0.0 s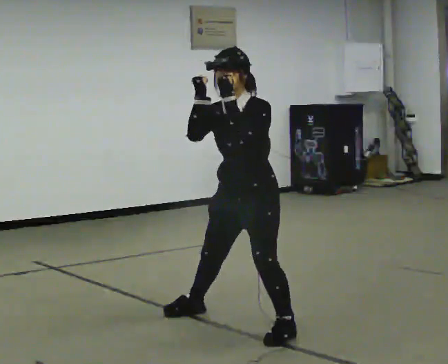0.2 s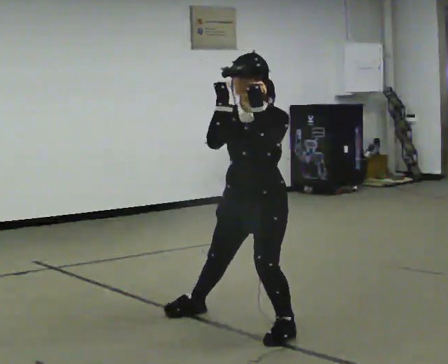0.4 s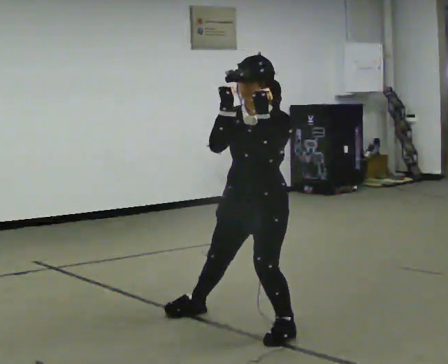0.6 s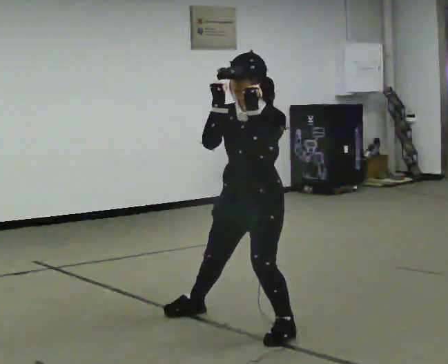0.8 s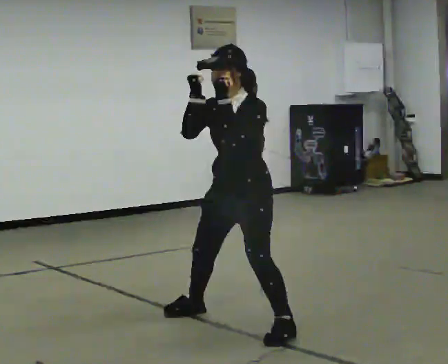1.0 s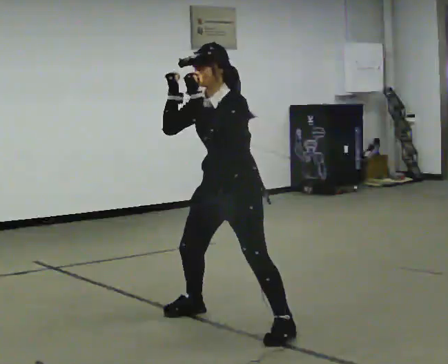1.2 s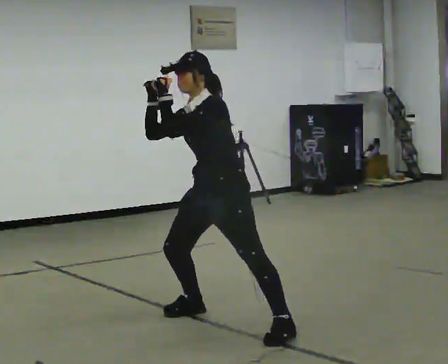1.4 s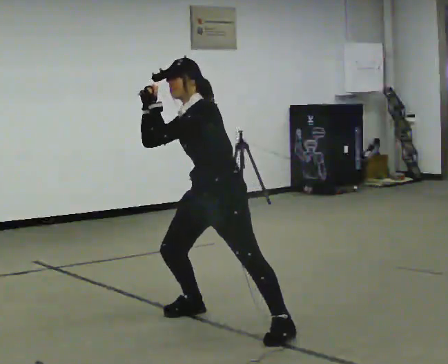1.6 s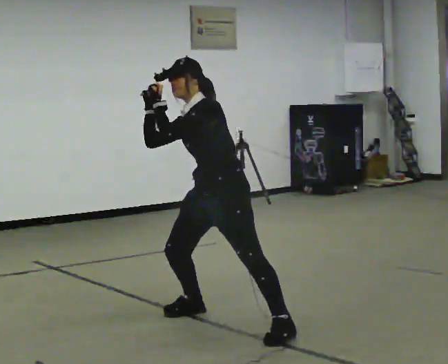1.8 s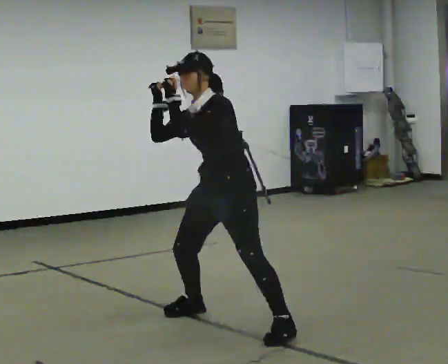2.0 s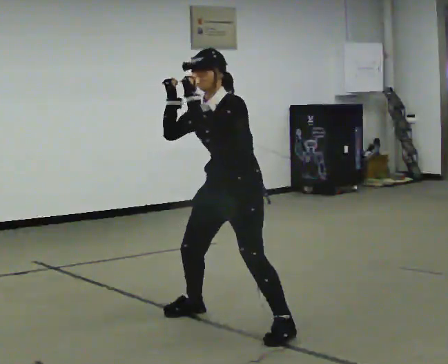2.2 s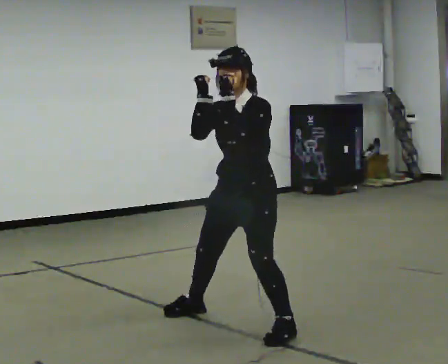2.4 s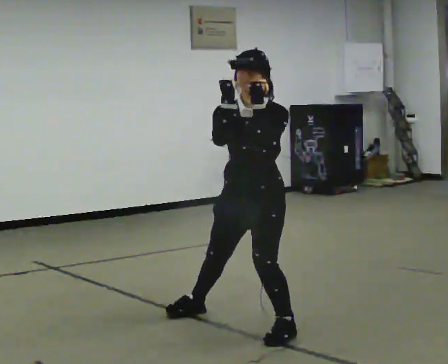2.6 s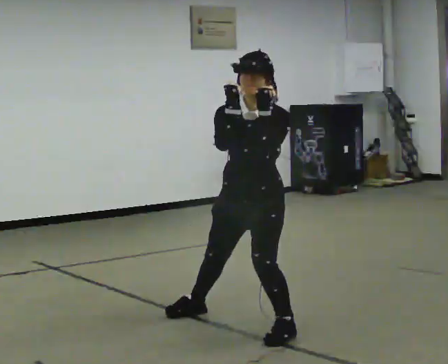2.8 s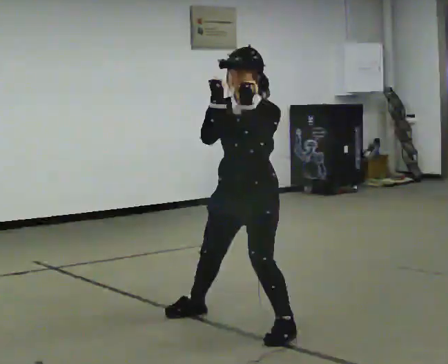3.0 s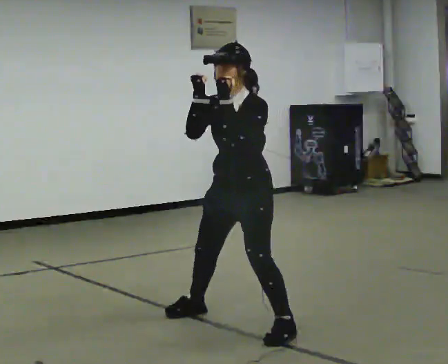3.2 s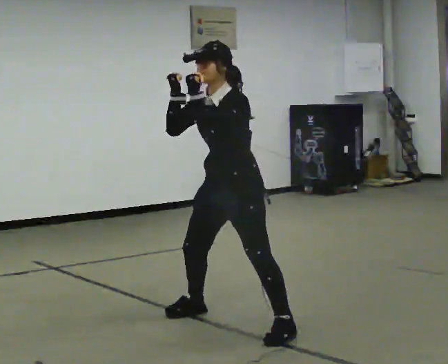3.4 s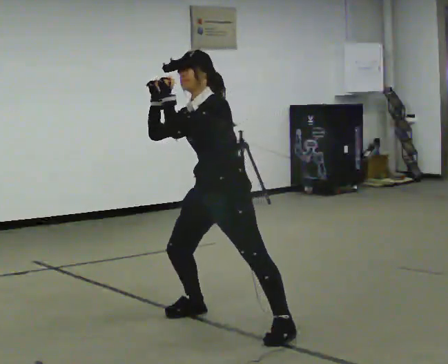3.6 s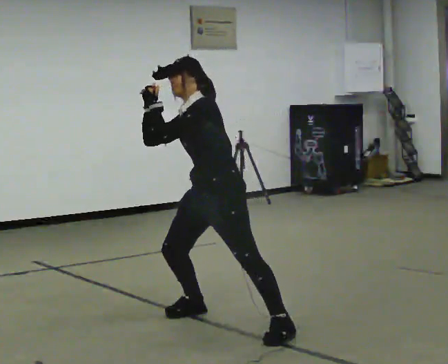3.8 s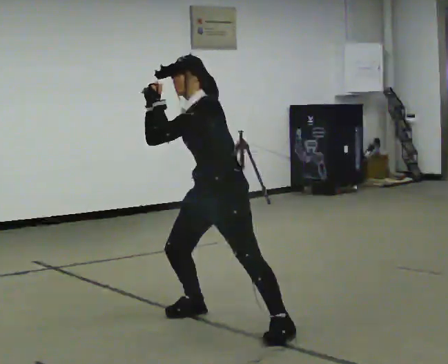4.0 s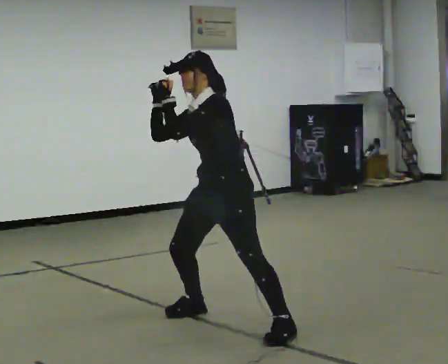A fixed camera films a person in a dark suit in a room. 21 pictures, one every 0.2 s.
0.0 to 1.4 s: In the picture they go away from the camera and to the left, about 0.25 m, which for them is to their right.
1.4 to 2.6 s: In the picture they go toward the camera and to the right, about 0.25 m, which for them is to their left. The upper body tips toward the camera, its near side rolling downward.
2.6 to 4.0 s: In the picture they go away from the camera, about 0.25 m, which for them is to their right. The upper body tips away from the camera, its near side rolling upward. In the picture their left hand goes to the left.
The film runs forward here.
